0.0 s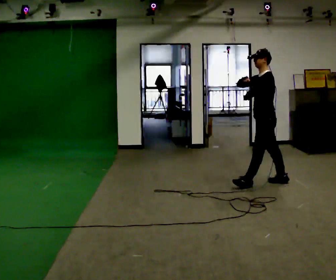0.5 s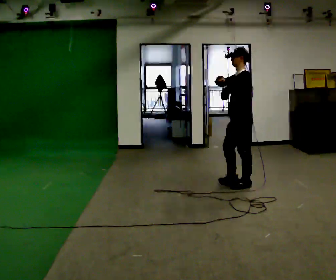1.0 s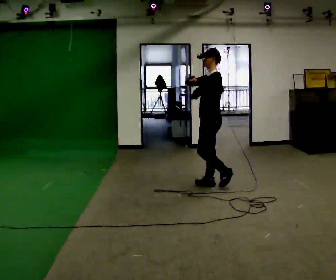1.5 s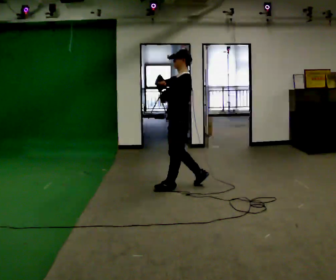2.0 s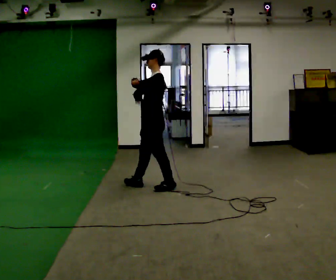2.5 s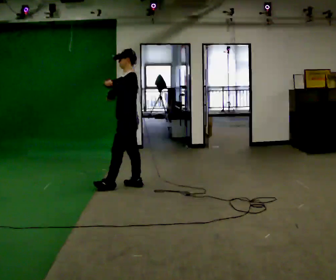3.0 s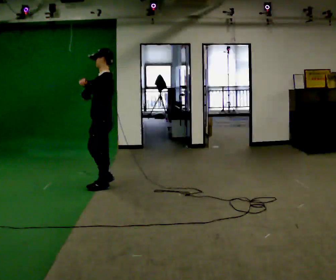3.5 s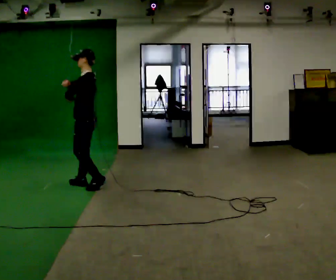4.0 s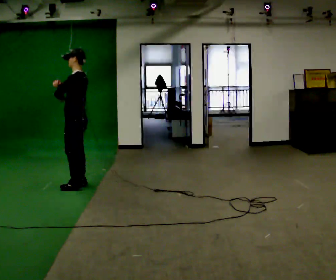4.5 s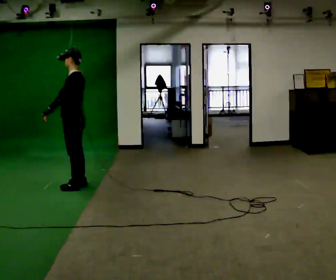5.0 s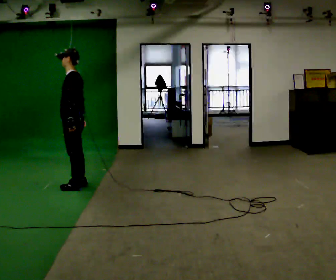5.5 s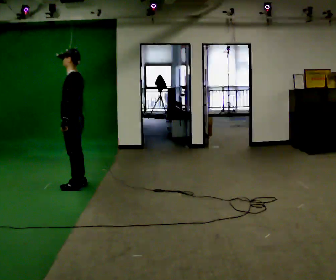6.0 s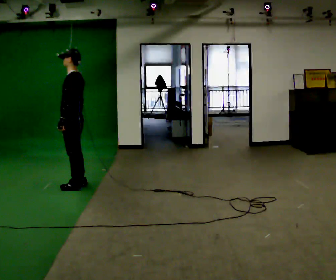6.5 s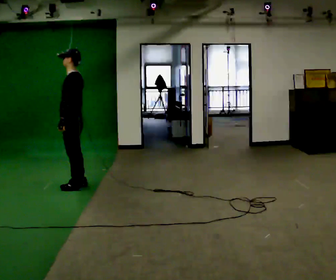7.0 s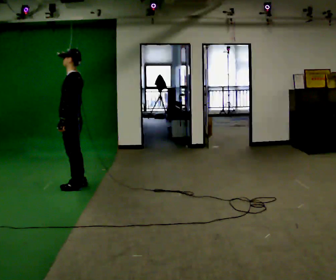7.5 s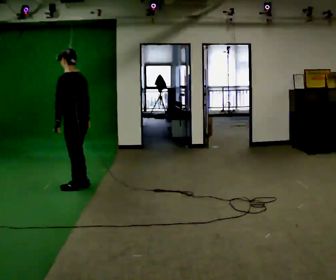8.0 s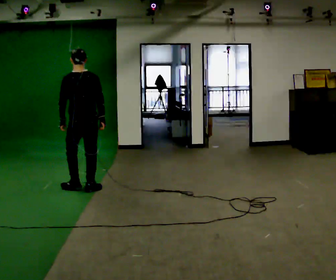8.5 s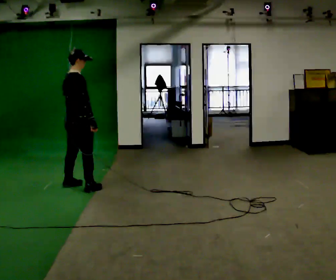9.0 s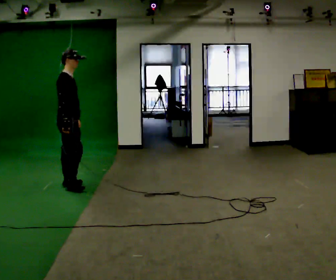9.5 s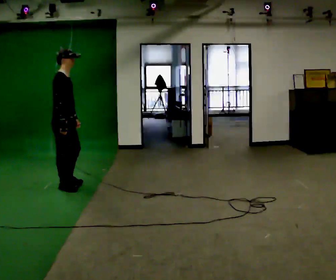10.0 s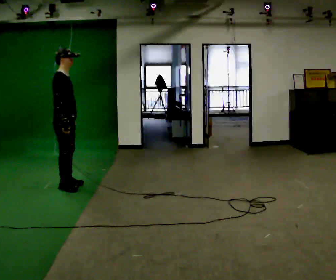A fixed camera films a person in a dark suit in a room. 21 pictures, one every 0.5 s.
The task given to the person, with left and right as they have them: Walk normally but hold both hands together in front of you at chest height; do not swing your arms; stop.
0.0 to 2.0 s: In the picture they go to the left, about 1.5 m in 3 steps, which for them is forward.
2.0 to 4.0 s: In the picture they go to the left, about 1 m in 3 steps, which for them is forward.
4.0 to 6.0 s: In the picture their right hand goes downward.
6.0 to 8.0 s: The part of the body nearest the lens slides to the left as the person turns to their right by about 75 degrees. In the picture their right hand goes to the right.
8.0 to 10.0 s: Seen from above the body turns clockwise, about 105 degrees: to their right, with its near side sliding to the left. In the picture they go to the left, about 0.25 m in 2 steps.
The film runs forward here.
